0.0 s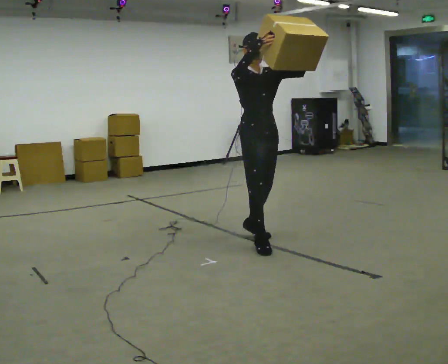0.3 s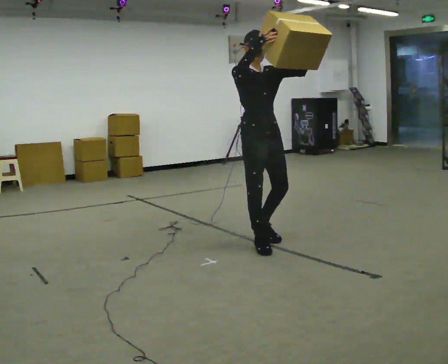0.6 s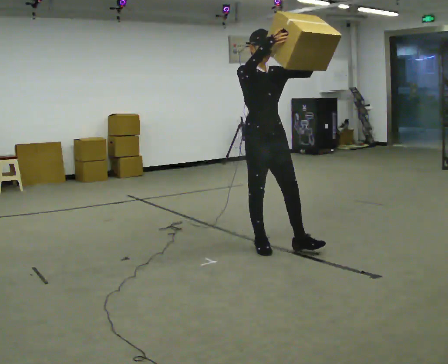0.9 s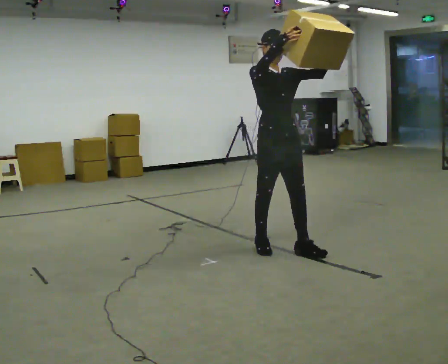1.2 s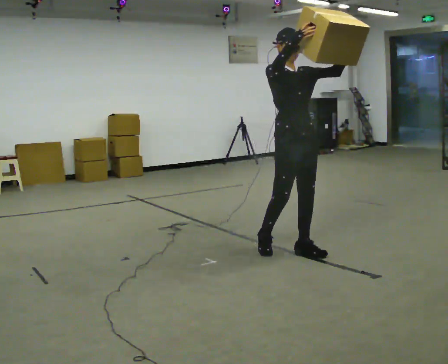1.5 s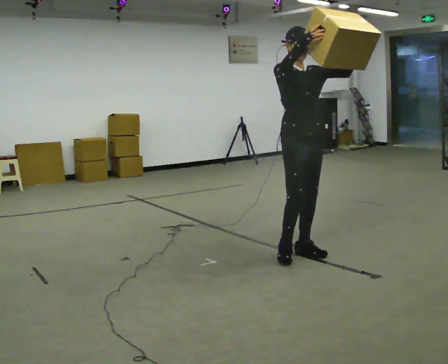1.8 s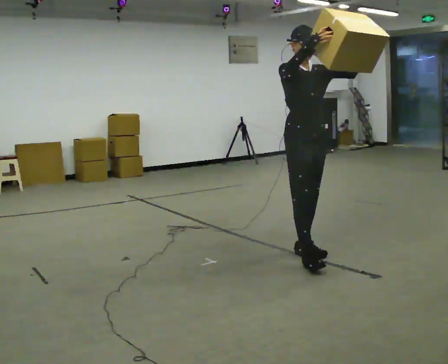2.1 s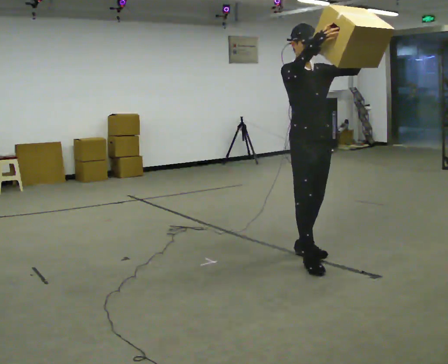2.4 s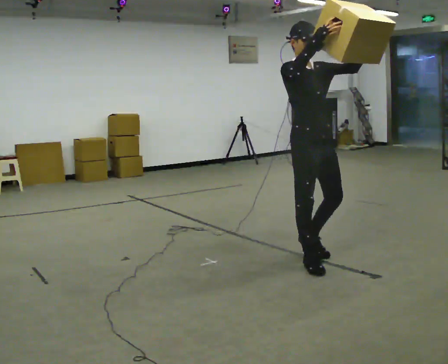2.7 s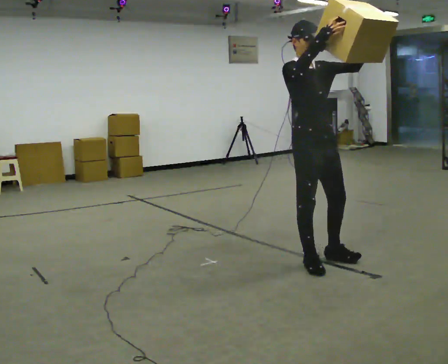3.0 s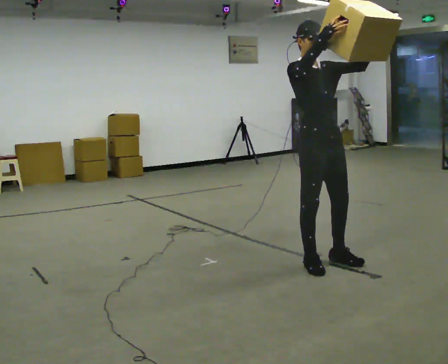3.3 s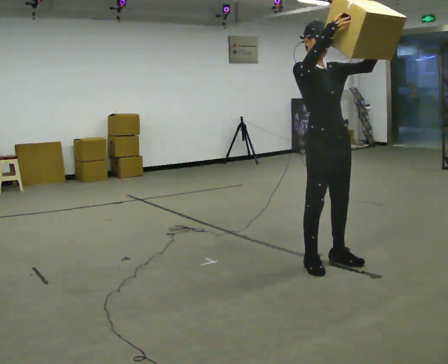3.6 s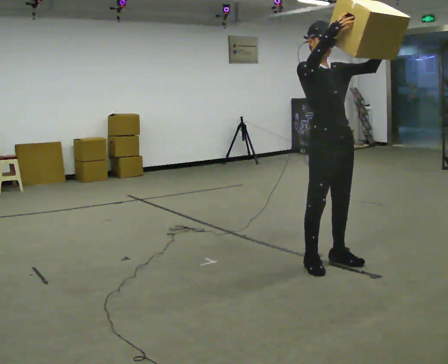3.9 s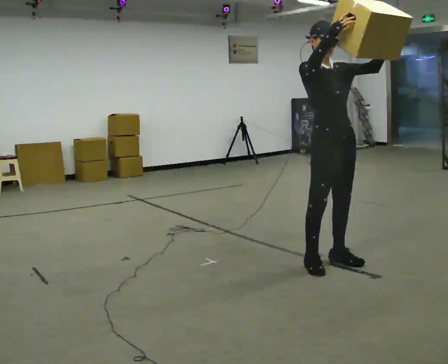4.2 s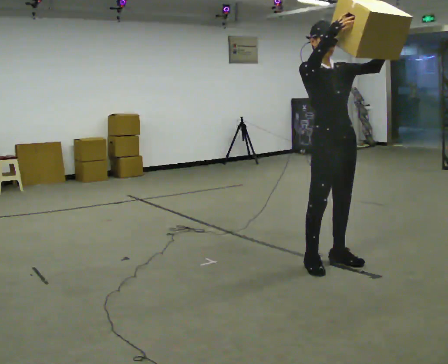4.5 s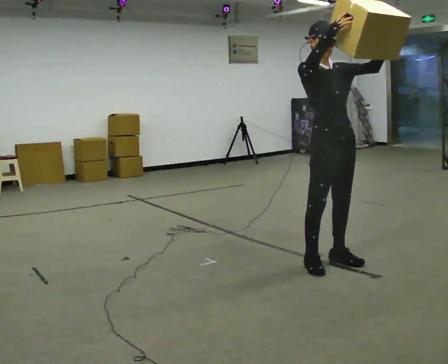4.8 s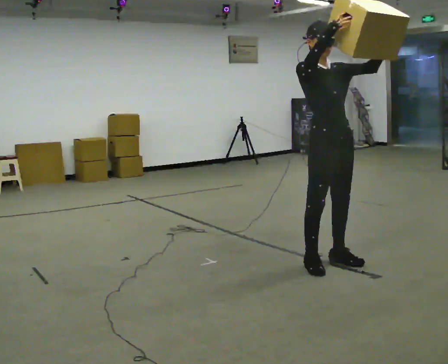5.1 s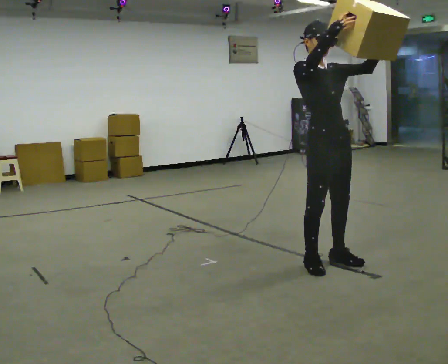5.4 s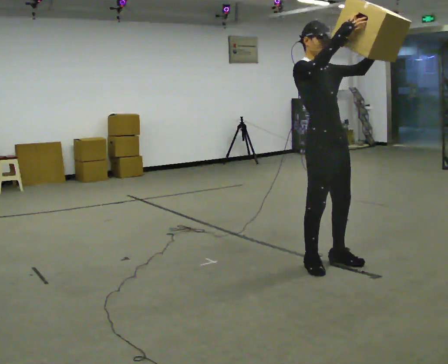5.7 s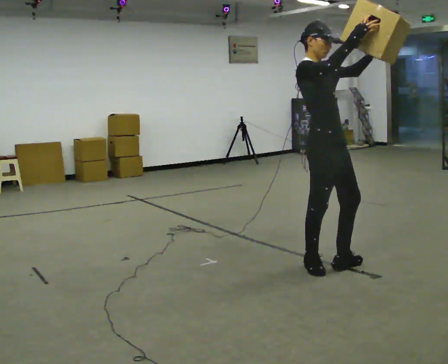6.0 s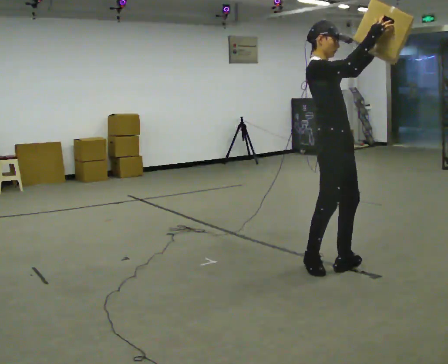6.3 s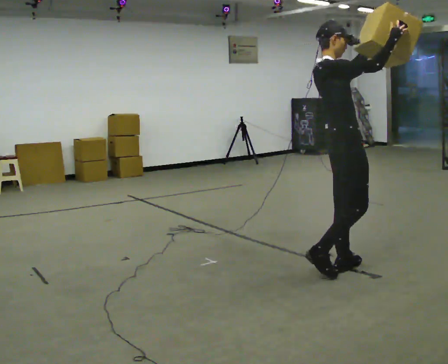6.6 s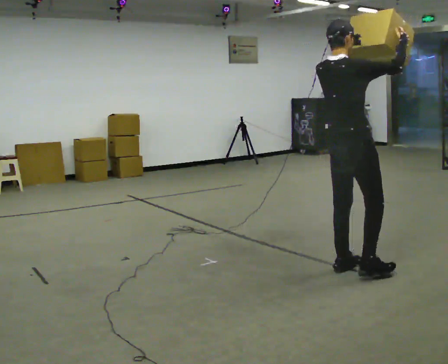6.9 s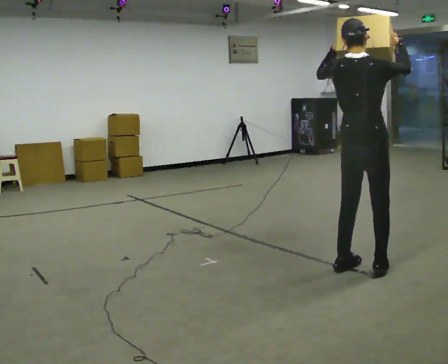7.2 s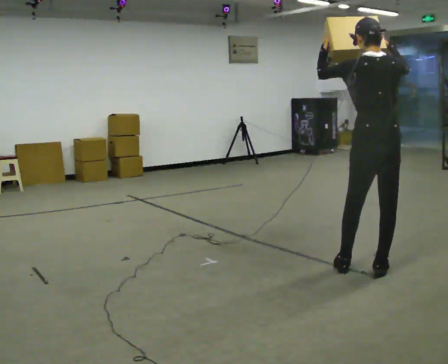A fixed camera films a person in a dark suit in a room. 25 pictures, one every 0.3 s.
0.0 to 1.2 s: In the picture they go to the right and toward the camera, about 0.5 m in 1 step, which for them is forward.
1.2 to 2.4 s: In the picture they go toward the camera, about 0.25 m in 1 step, which for them is forward.
2.4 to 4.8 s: The person moves a little, or ends about where they began.
4.8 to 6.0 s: Seen from above the body turns counterclockwise, about 45 degrees: to their left, with its near side sliding to the right.
6.0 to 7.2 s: The person turns about 120 degrees to their left, counterclockwise seen from above, so the part of the body nearest the lens slides to the right. In the picture they go to the right, about 0.25 m in 1 step.
The film runs forward here.
